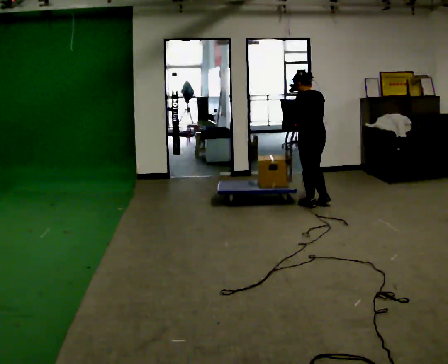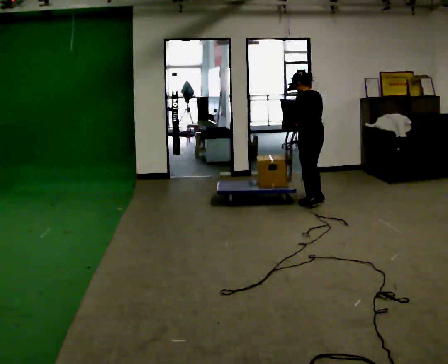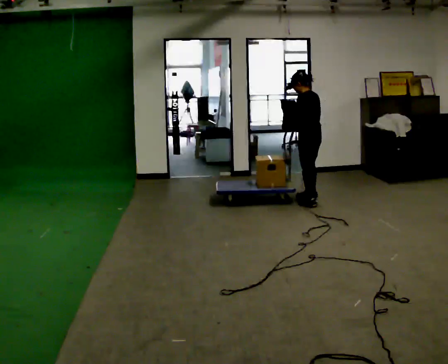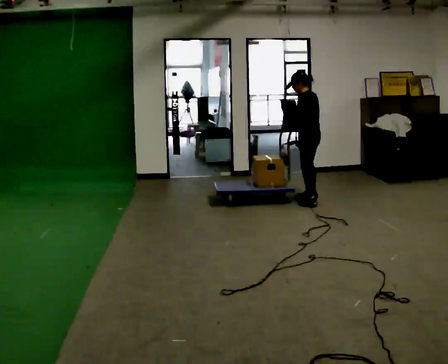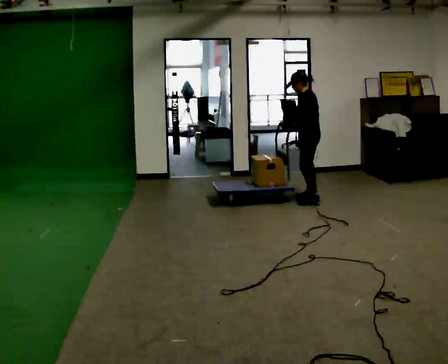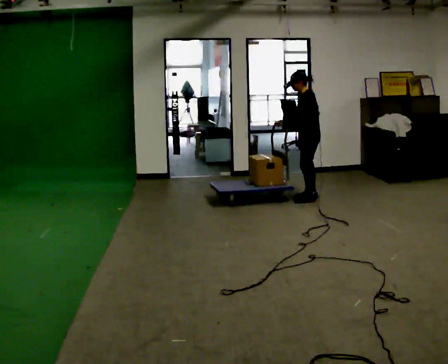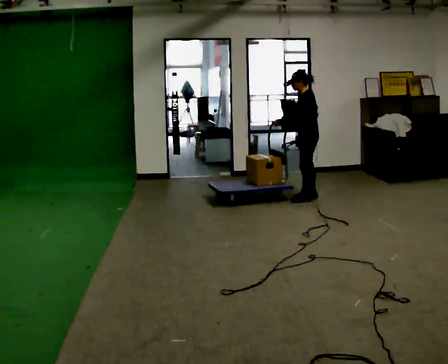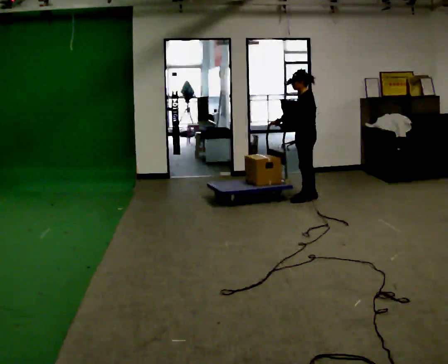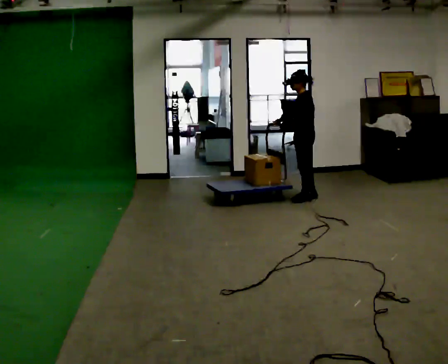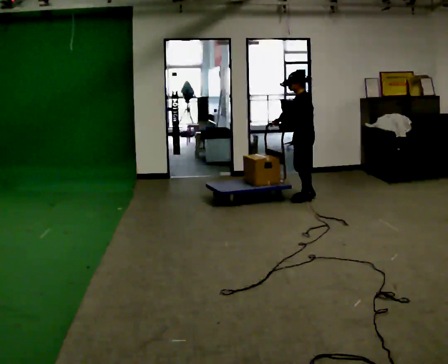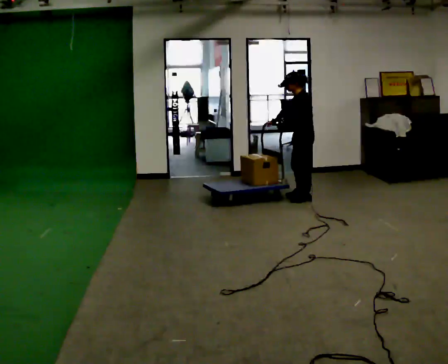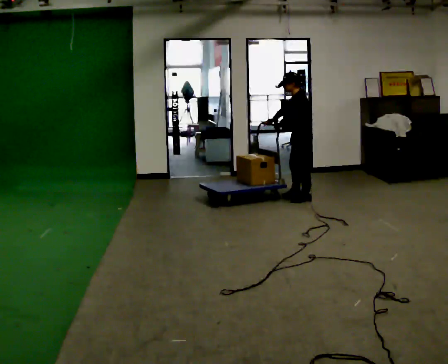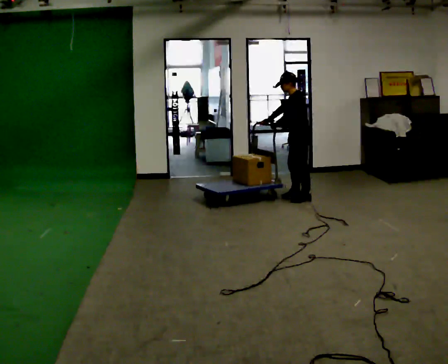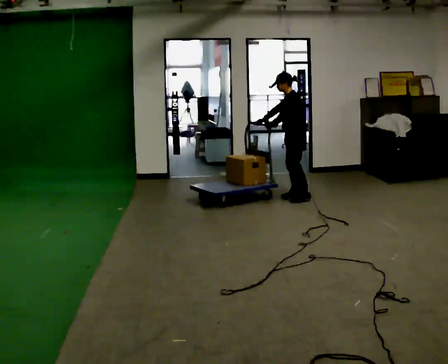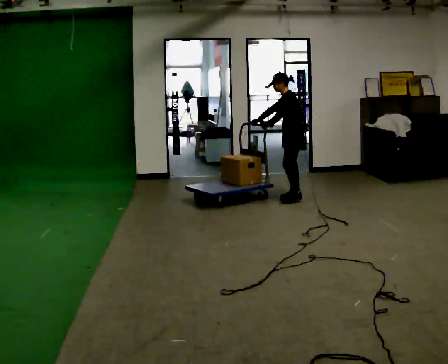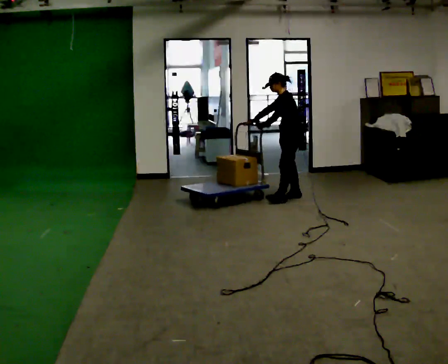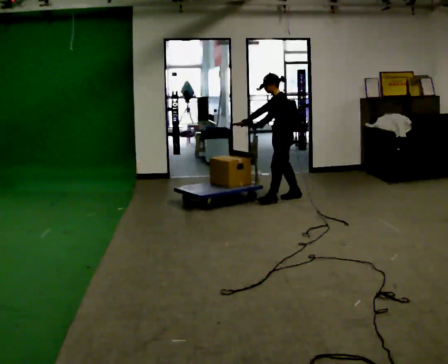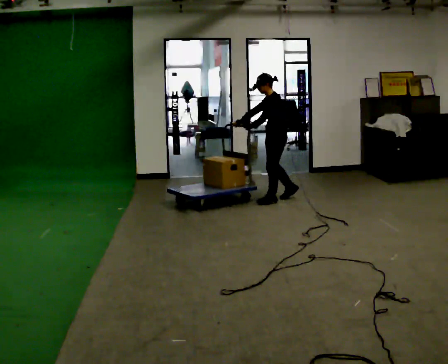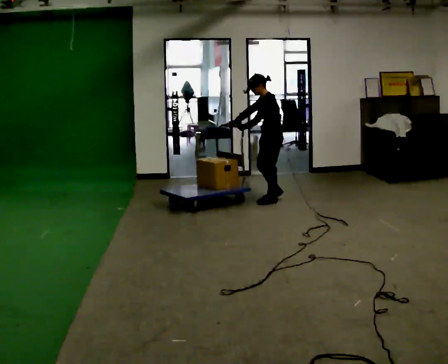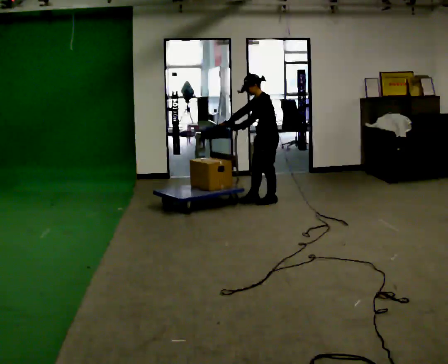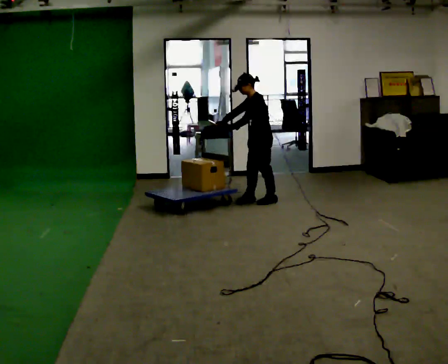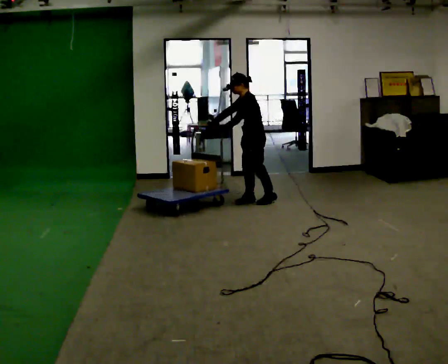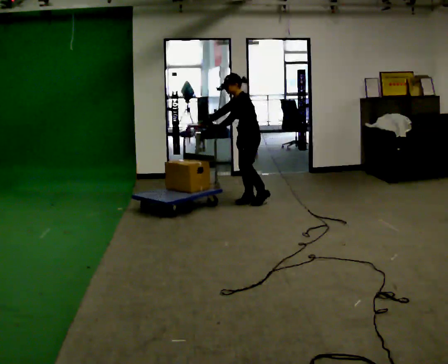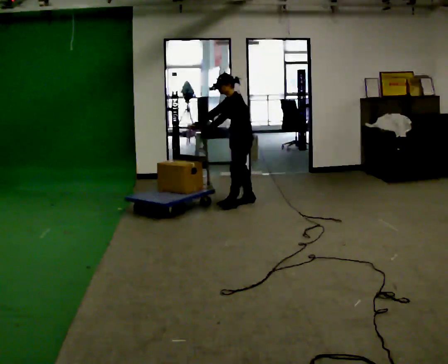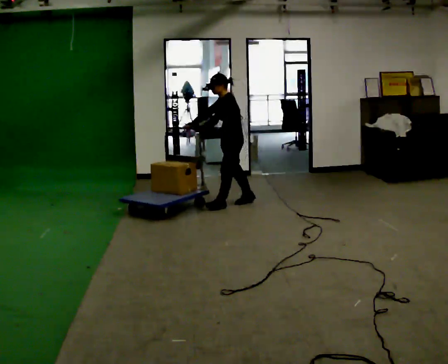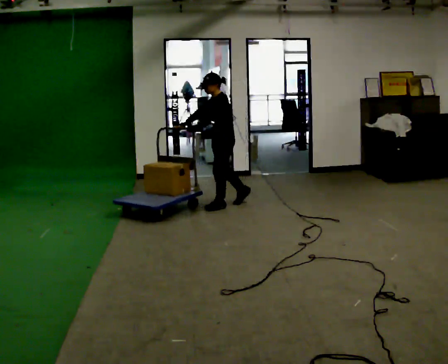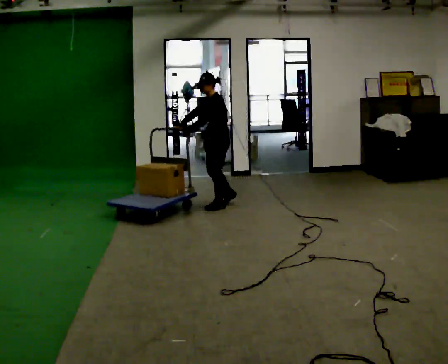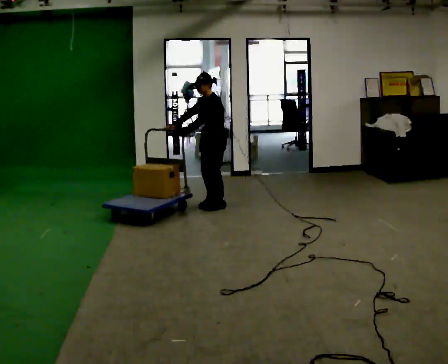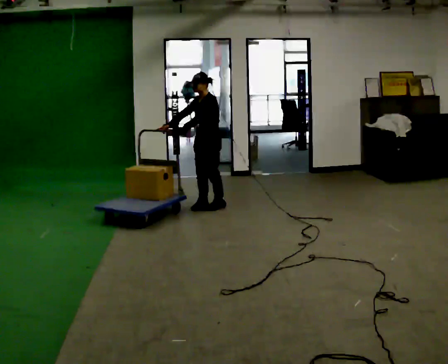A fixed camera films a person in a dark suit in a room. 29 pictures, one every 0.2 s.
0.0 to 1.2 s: The person turns about 45 degrees to their left, counterclockwise seen from above, so the part of the body nearest the lens slides to the right. In the picture they go away from the camera, about 0.25 m in 2 steps, which for them is to their right.
1.2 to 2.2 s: The person moves a little, or ends about where they began.
2.2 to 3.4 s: In the picture they go to the left, about 0.25 m in 1 step, which for them is forward.
3.4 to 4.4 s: In the picture they go to the left, about 0.25 m in 1 step, which for them is forward.
4.4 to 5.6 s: In the picture they go to the left and toward the camera, about 0.5 m in 2 steps, which for them is forward.
The film runs forward here.
